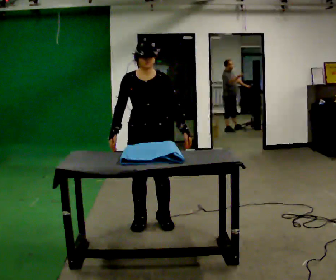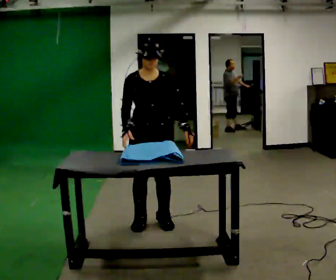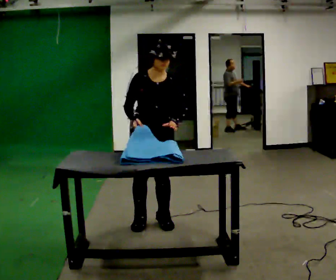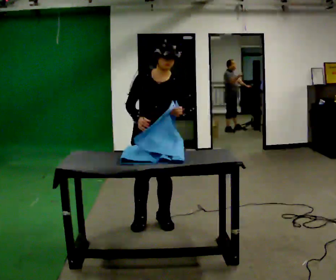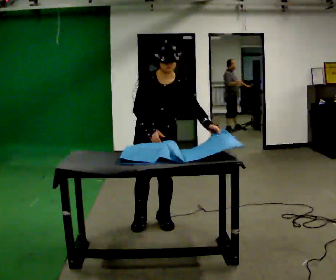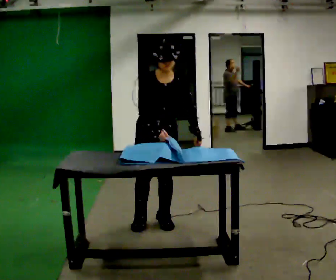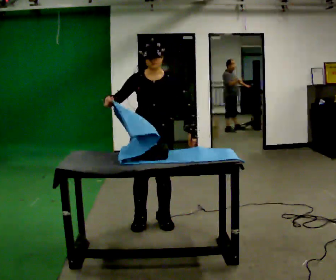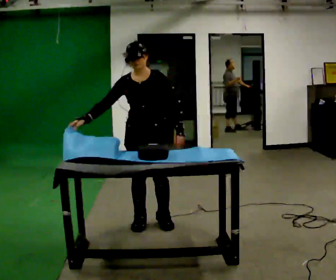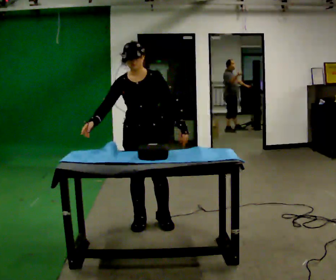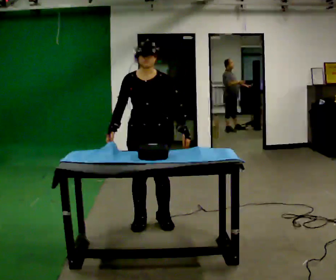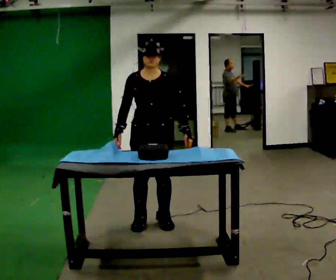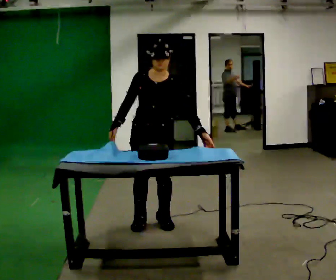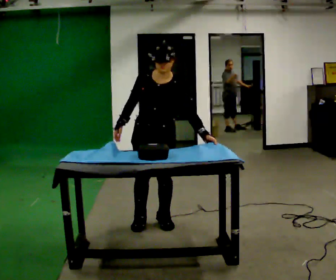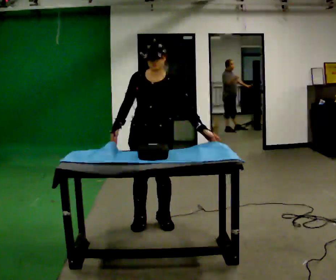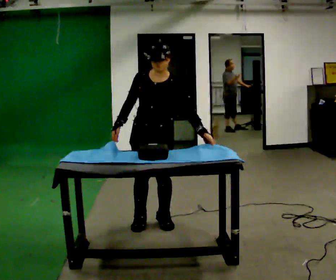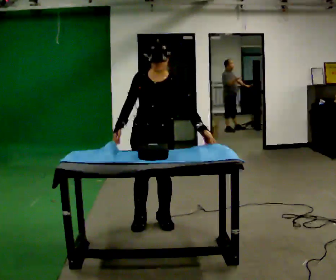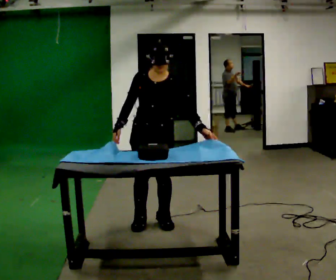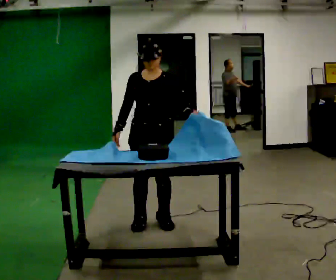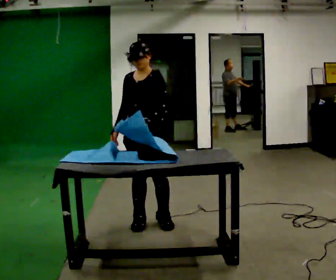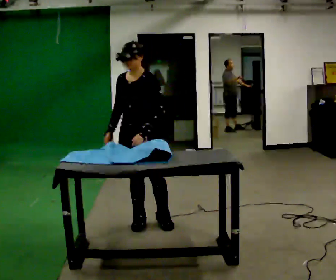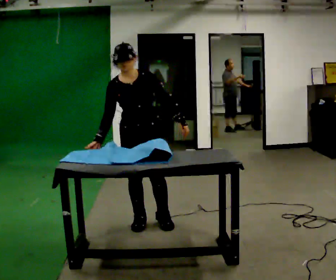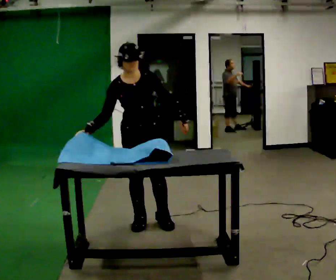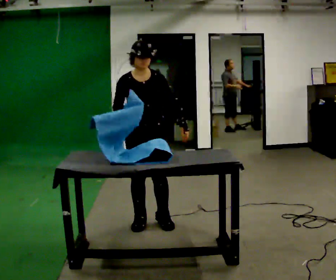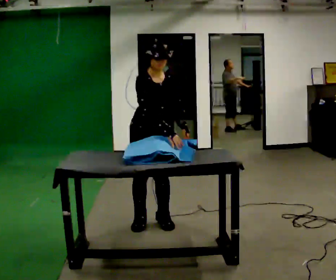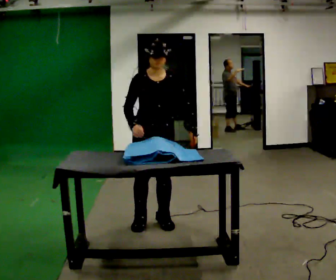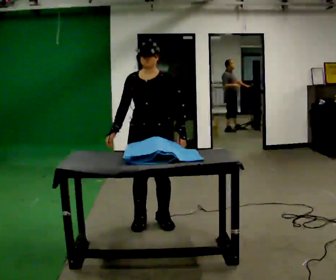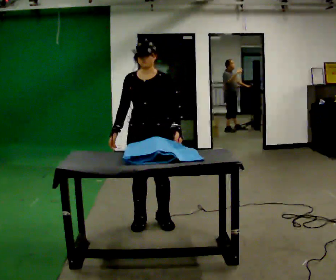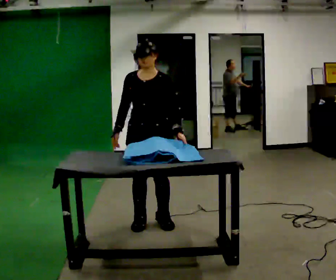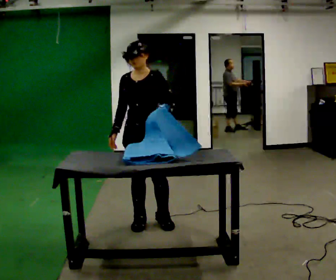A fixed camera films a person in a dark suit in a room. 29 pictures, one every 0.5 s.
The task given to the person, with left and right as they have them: Wrap the cloth around the object and tuck it in, then unwrap it. Repeat at your own pace until the operator says stop. Keep both feet on the marked spots for the whole take. If you have to step, stop and tell the operator.
0.0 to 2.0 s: In the picture their right hand goes to the right.
2.0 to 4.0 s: In the picture the upper body tilts counterclockwise, shoulders to the left. In the picture their right hand goes to the left.
4.0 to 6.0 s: In the picture the upper body tilts clockwise, shoulders to the right.
6.0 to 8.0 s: The person moves a little, or ends about where they began.
8.0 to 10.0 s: In the picture the upper body tilts counterclockwise, shoulders to the left.
10.0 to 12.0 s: The person moves a little, or ends about where they began.
12.0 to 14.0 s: Seen from above the body turns clockwise, about 30 degrees: to their right, with its near side sliding to the left.
The film runs forward here.
